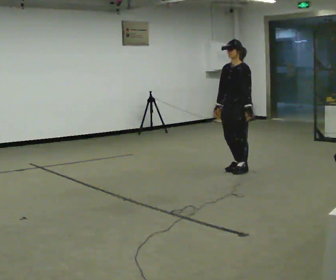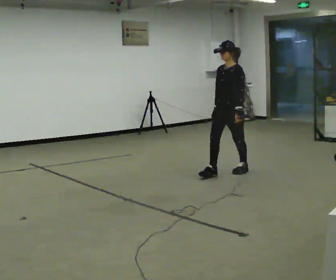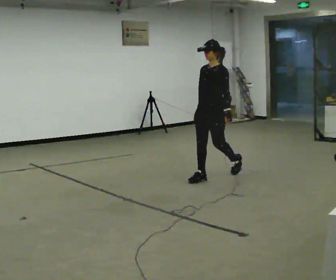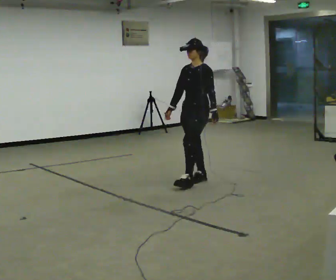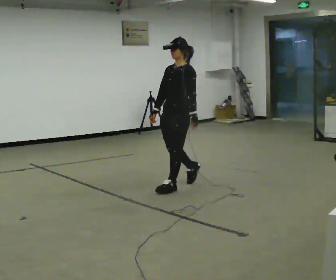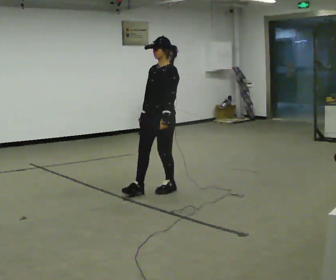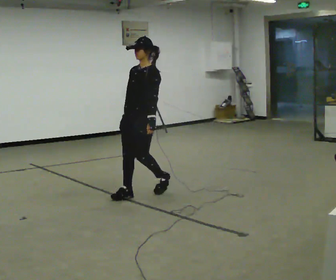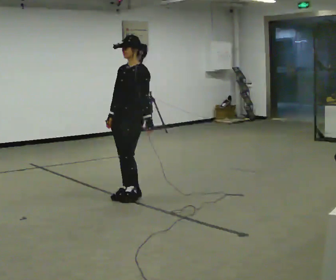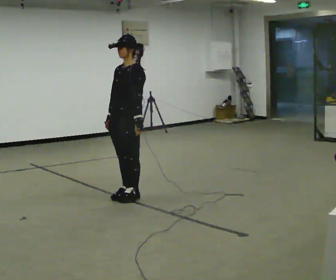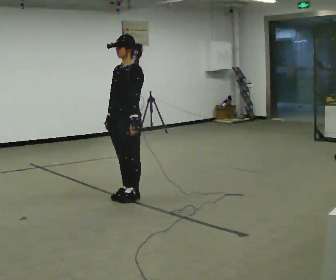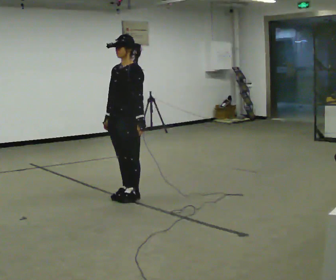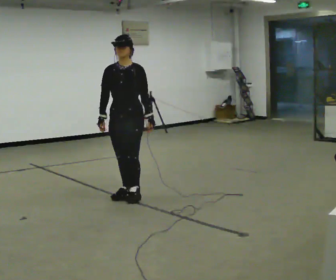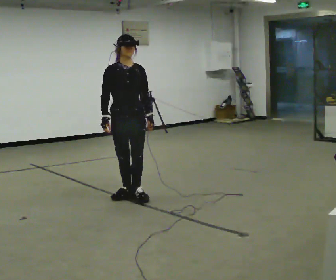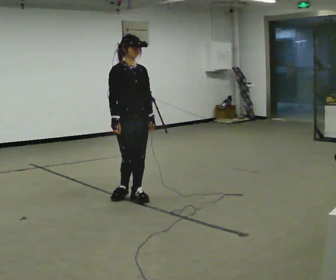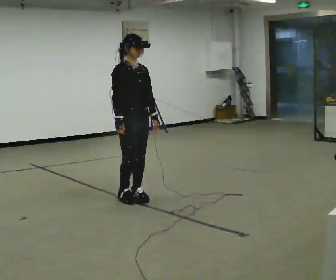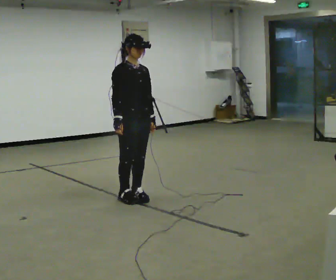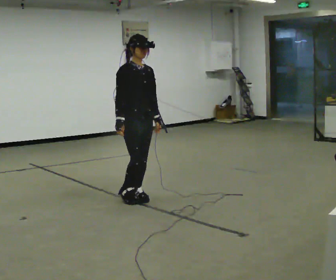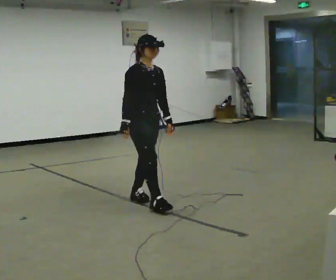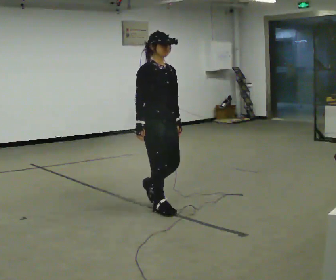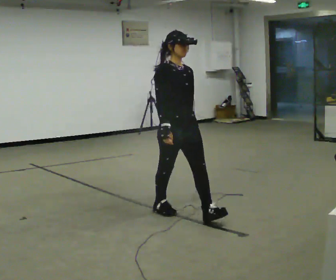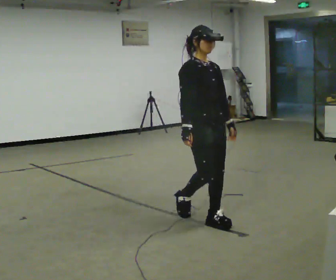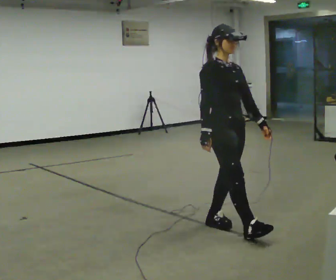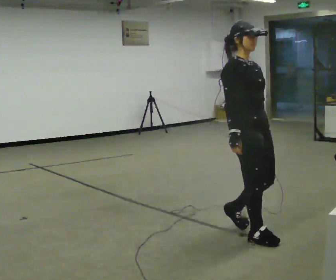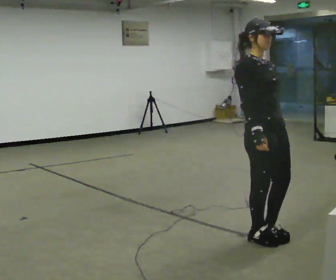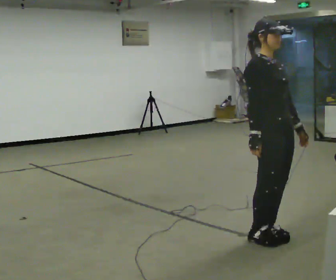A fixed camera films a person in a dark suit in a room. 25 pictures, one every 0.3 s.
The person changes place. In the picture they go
toward the camera.
The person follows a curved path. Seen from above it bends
counterclockwise.
0.0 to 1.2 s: In the picture they go to the left and toward the camera, about 1 m in 2 steps, which for them is forward.
1.2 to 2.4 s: In the picture they go to the left and toward the camera, about 0.5 m in 2 steps, which for them is forward.
2.4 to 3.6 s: The part of the body nearest the lens slides to the right as the person turns to their left by about 60 degrees.
3.6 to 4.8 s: The person turns about 30 degrees to their left, counterclockwise seen from above, so the part of the body nearest the lens slides to the right.
4.8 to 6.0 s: In the picture they go toward the camera and to the right, about 1 m in 2 steps, which for them is forward.
6.0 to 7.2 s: In the picture they go toward the camera and to the right, about 0.75 m in 2 steps, which for them is forward.
The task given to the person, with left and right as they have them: Walk; stop fully; turn 90° left/right while standing; walk new direction.
The film runs forward here.
